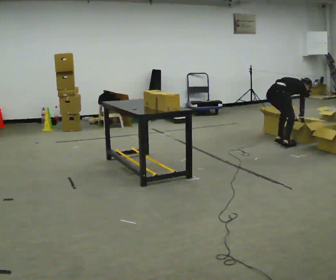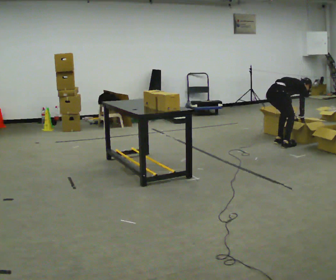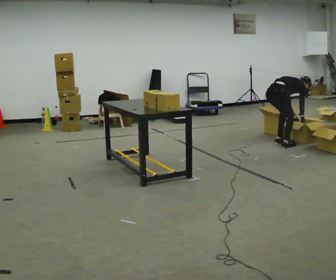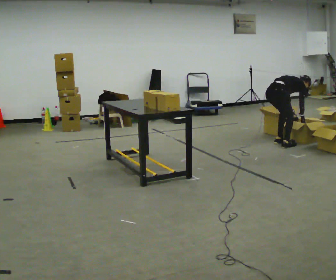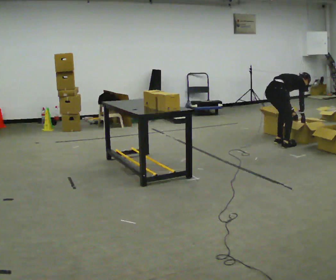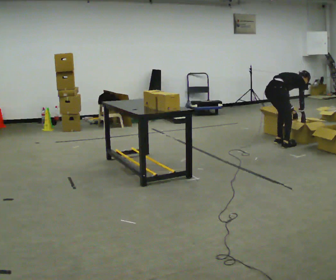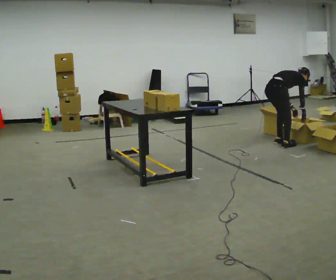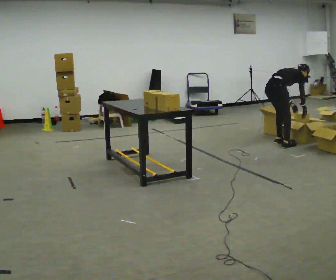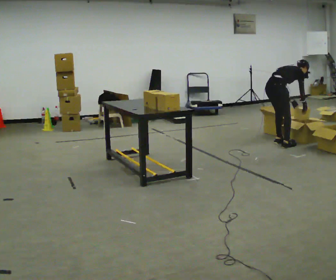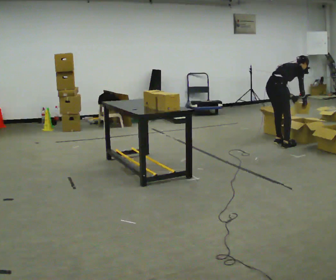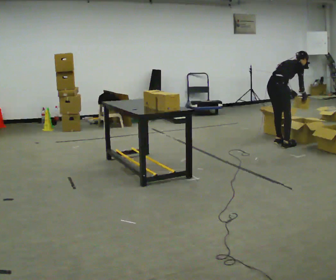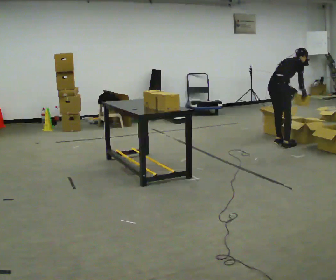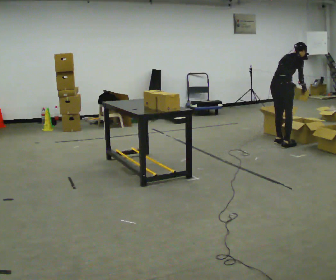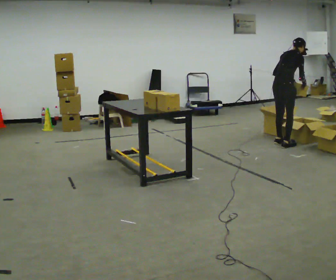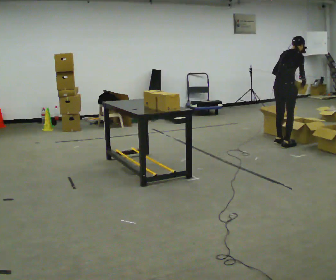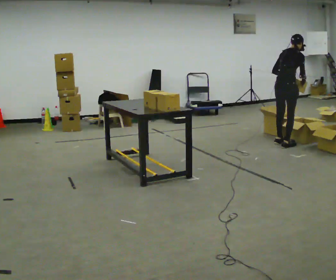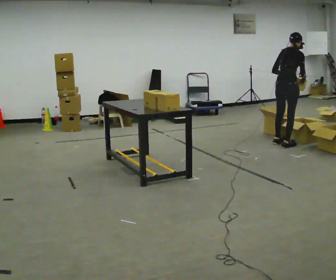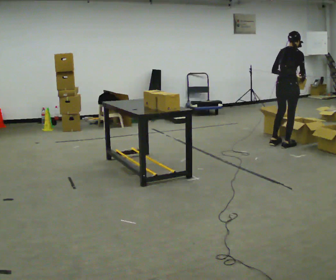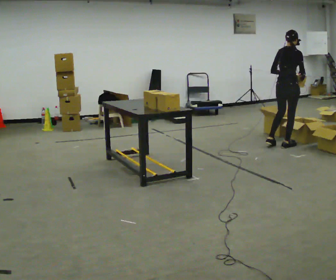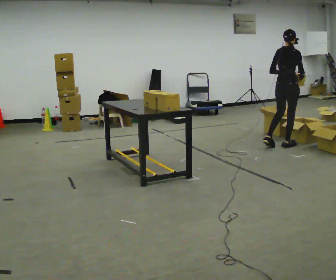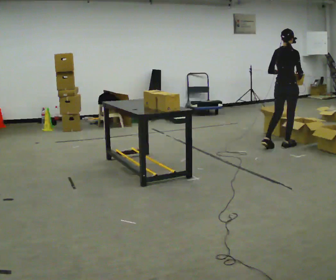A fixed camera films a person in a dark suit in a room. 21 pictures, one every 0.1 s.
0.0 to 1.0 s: The upper body goes upward. In the picture the upper body tilts counterclockwise, shoulders to the left, as they lean back or straighten. In the picture their right hand goes upward.
1.0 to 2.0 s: The shoulders move upward. In the picture the upper body tilts counterclockwise, shoulders to the left, as they lean back or straighten. In the picture their right hand goes upward.
The film runs backward here.
